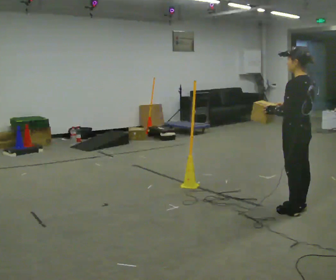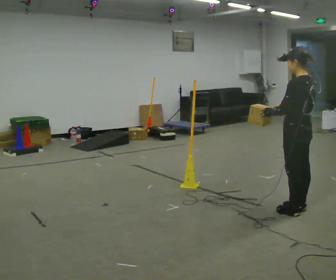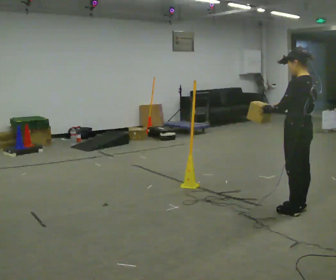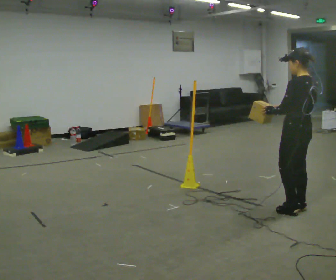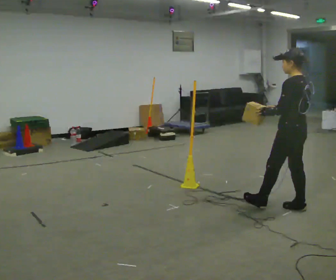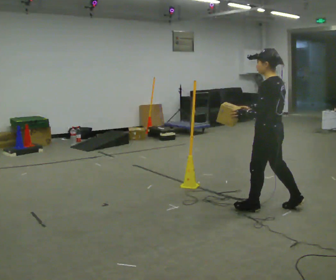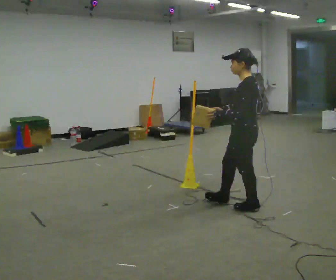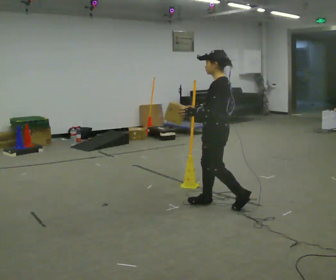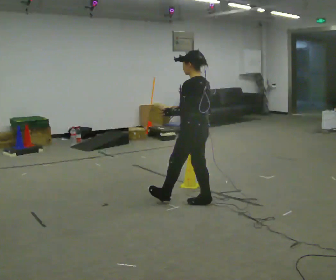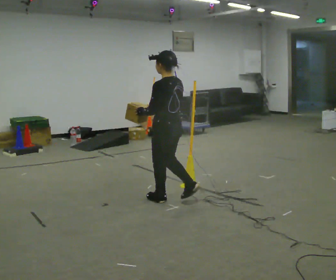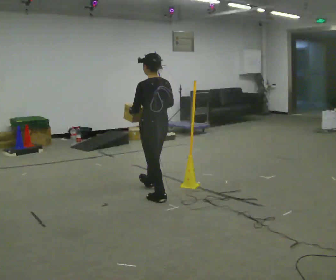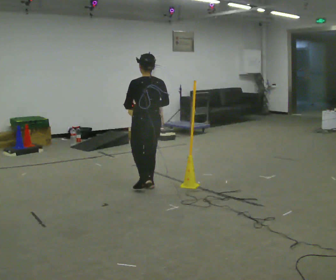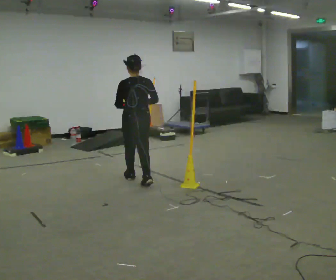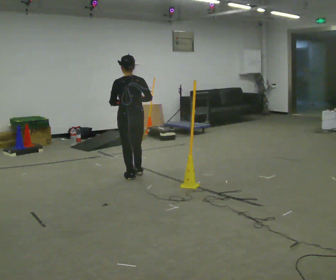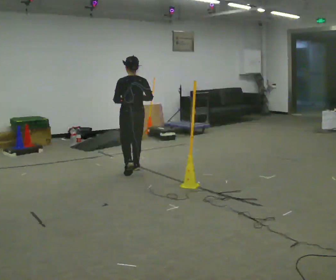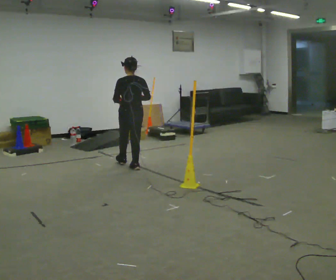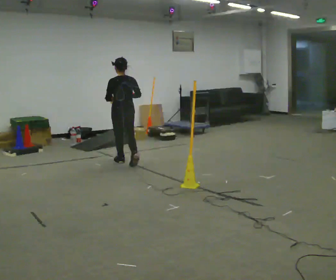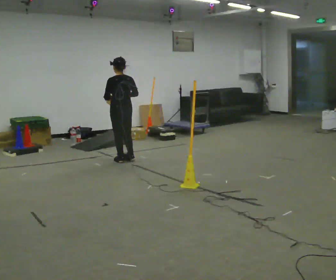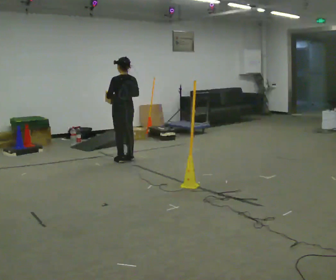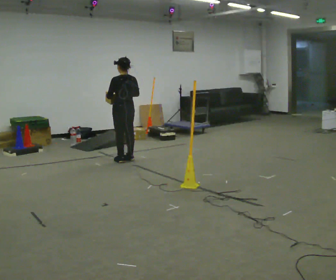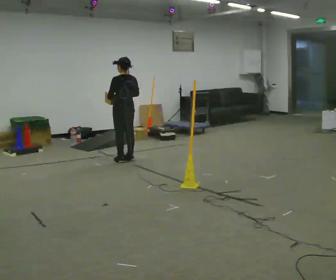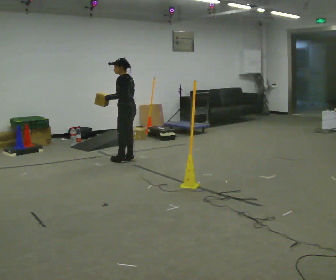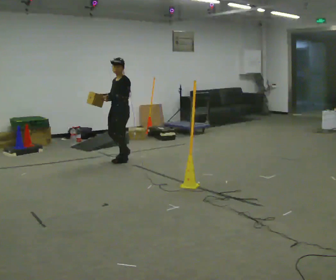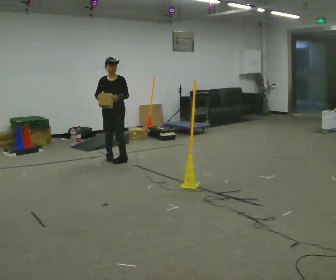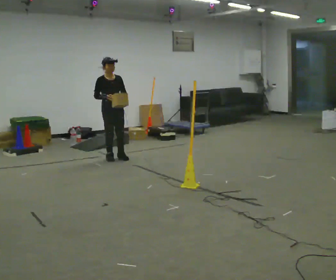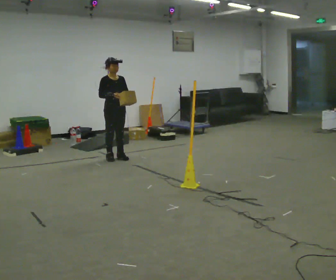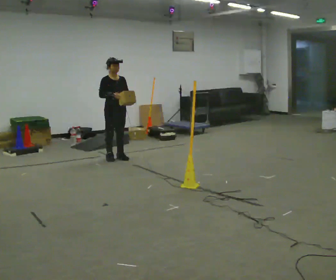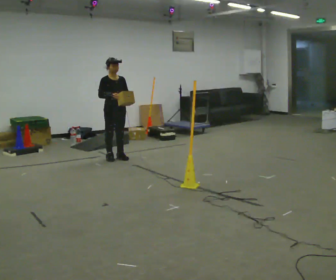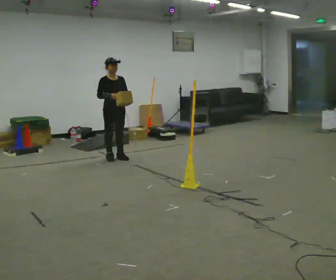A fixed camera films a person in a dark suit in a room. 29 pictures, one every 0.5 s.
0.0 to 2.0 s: The person moves a little, or ends about where they began.
2.0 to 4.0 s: In the picture they go to the left and away from the camera, about 1 m in 2 steps, which for them is forward.
4.0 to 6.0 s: The person turns about 45 degrees to their right, clockwise seen from above, so the part of the body nearest the lens slides to the left. In the picture they go away from the camera and to the left, about 1 m in 3 steps, which for them is forward.
6.0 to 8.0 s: In the picture they go away from the camera, about 1 m in 2 steps, which for them is forward.
8.0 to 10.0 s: In the picture they go away from the camera, about 0.25 m in 1 step, which for them is forward.
10.0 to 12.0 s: The part of the body nearest the lens slides to the right as the person turns to their left by about 180 degrees. In the picture they go to the left, about 0.25 m in 2 steps.
12.0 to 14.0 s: The person moves a little, or ends about where they began.
The film runs forward here.
